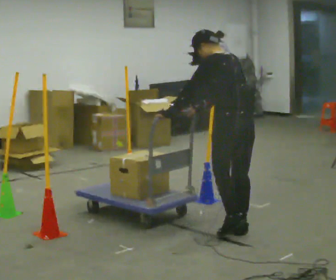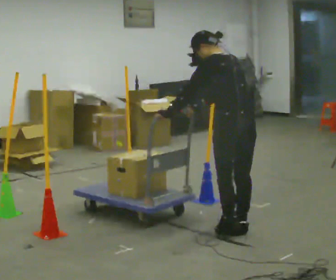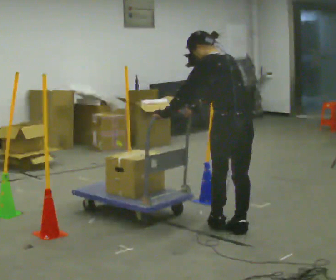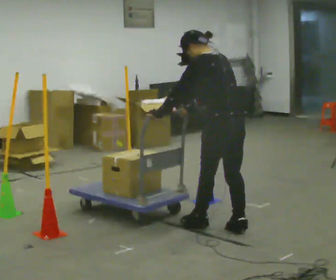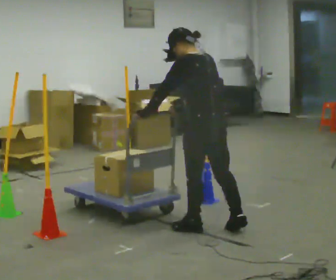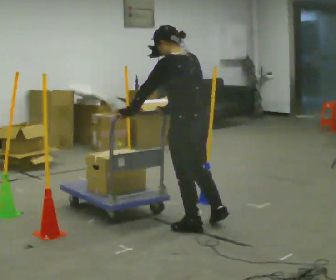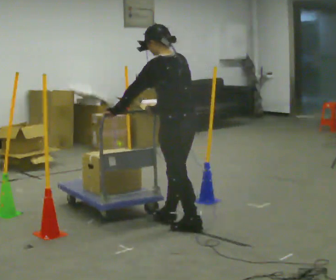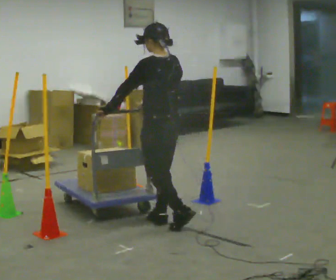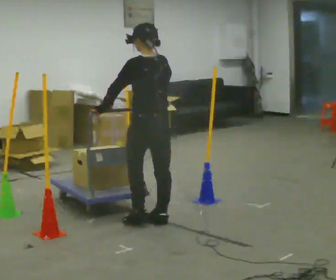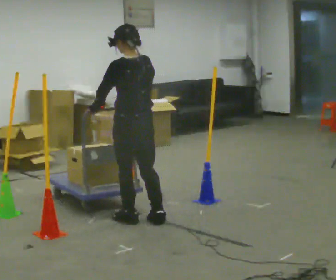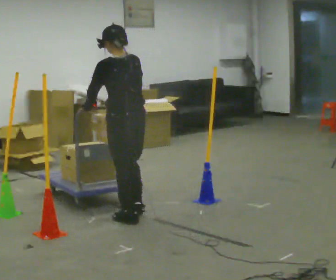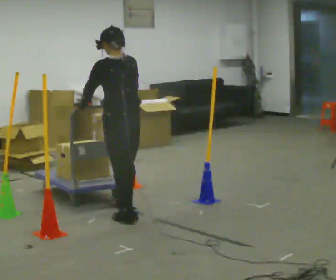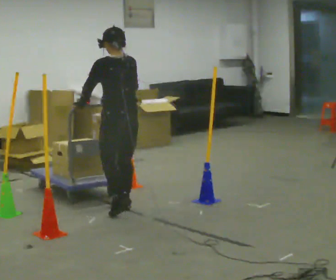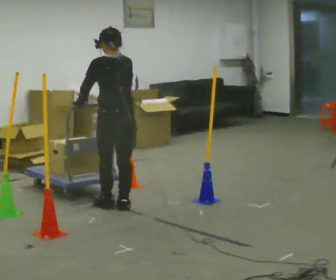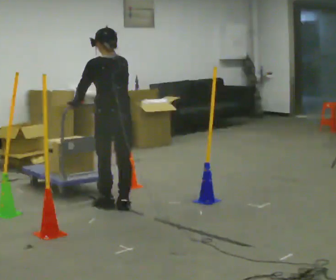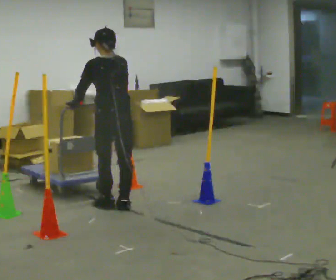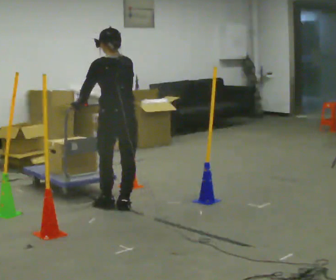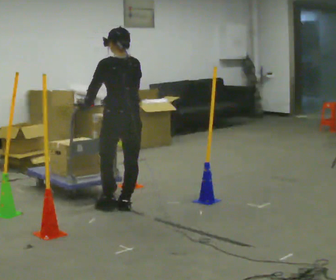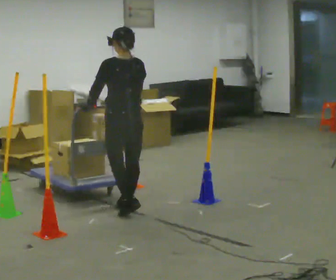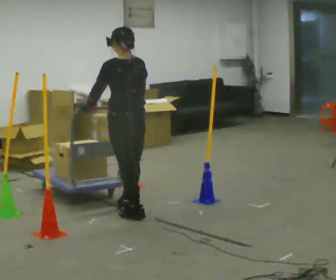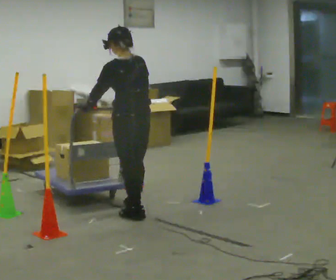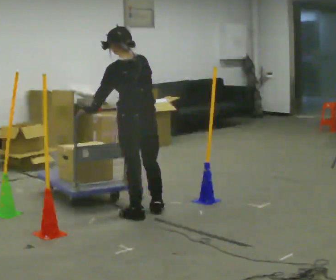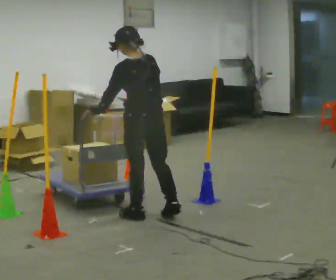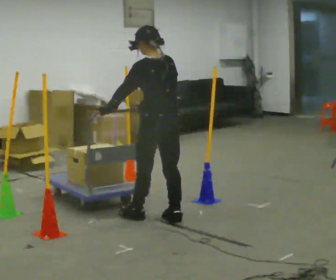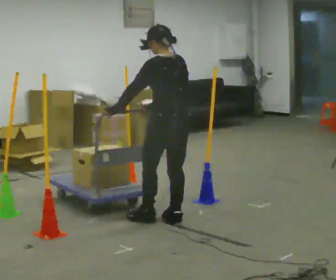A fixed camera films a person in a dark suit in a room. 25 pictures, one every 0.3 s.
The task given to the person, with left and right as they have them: Push the cart in and out of the line of poles without touching any of them. Keep going until the operator says stop.
0.0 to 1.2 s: In the picture they go to the left, about 0.25 m in 1 step, which for them is forward and to their left.
1.2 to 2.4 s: In the picture they go to the left and away from the camera, about 0.5 m in 1 step, which for them is forward.
2.4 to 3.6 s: In the picture they go away from the camera and to the left, about 0.5 m in 2 steps, which for them is forward.
3.6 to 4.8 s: The person moves a little, or ends about where they began.
4.8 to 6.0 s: In the picture they go toward the camera, about 0.25 m in 1 step, which for them is backward.
6.0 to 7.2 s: In the picture they go to the right and toward the camera, about 0.25 m in 1 step, which for them is backward and to their right.
The film runs forward here.
